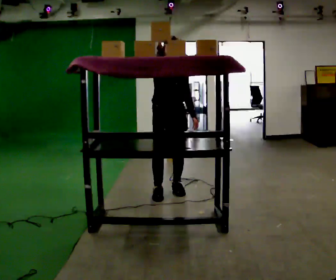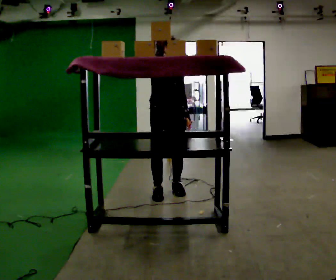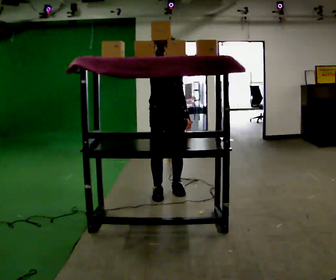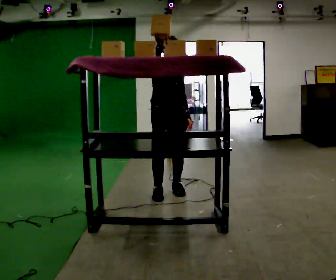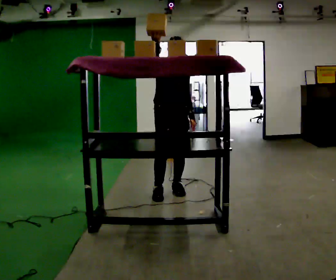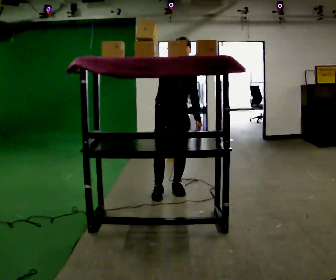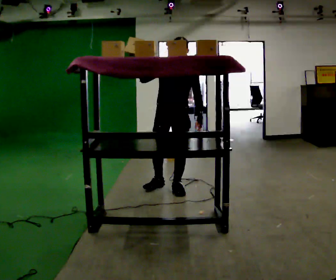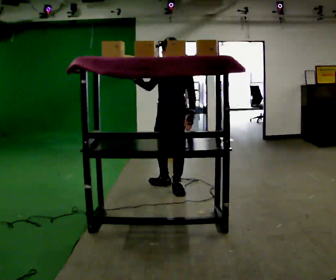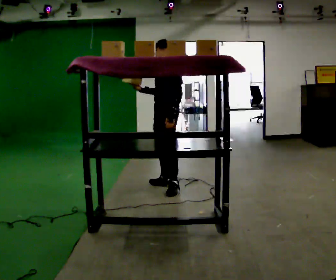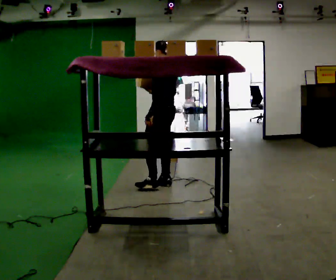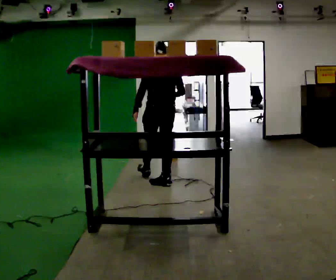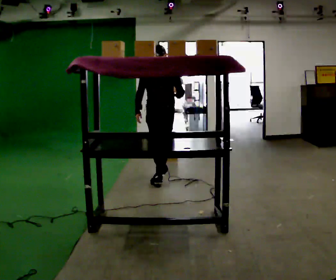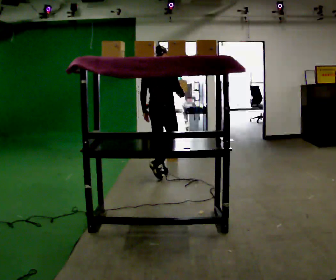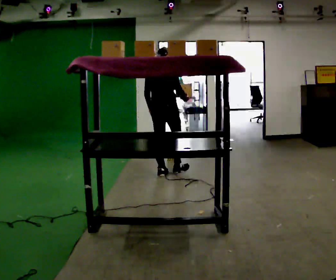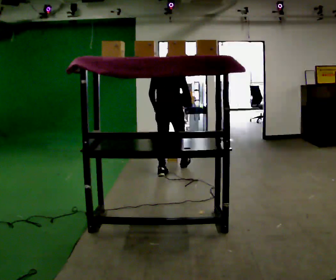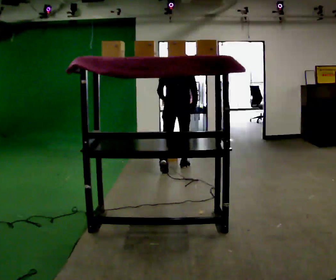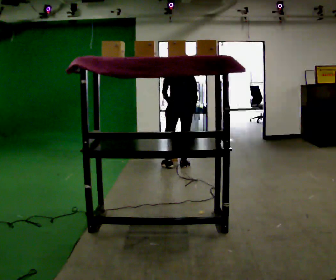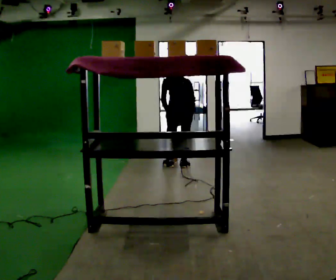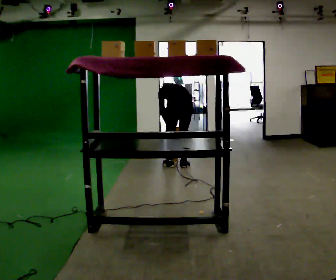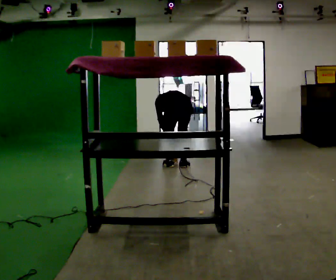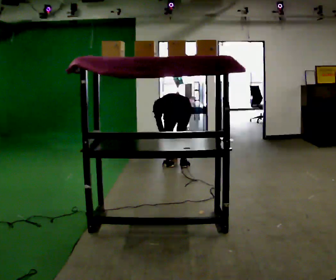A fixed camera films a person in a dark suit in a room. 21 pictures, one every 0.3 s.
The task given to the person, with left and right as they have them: Pick an object up off the floor, carry it across the room, and place it on the highest shelf you can comfortably reach. Keep going until the operator says stop; one object at a time, and do not rush between trips.
0.0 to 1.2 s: The person moves a little, or ends about where they began.
1.2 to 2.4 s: The part of the body nearest the lens slides to the left as the person turns to their right by about 90 degrees. In the picture they go away from the camera, about 0.25 m in 1 step. In the picture their right hand goes downward.
2.4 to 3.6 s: The part of the body nearest the lens slides to the left as the person turns to their right by about 150 degrees. In the picture they go away from the camera, about 0.5 m in 1 step.
3.6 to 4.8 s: Seen from above the body turns counterclockwise, about 45 degrees: to their left, with its near side sliding to the right. In the picture they go away from the camera and to the right, about 0.5 m in 1 step, which for them is forward. The upper body tips away from the camera, its near side rolling upward, as they bend forward.
4.8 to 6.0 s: The upper body goes downward. In the picture the upper body tilts counterclockwise, shoulders to the left, as they bend forward. In the picture their left hand goes downward.
The film runs forward here.
